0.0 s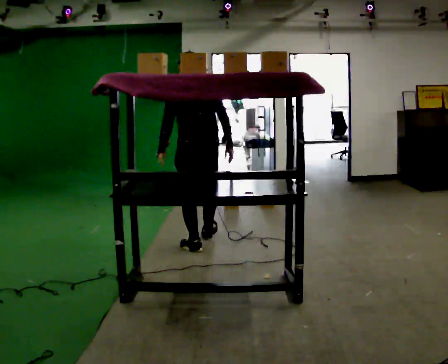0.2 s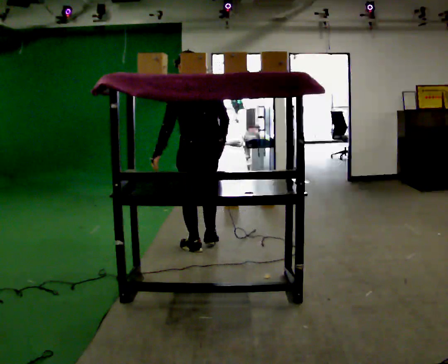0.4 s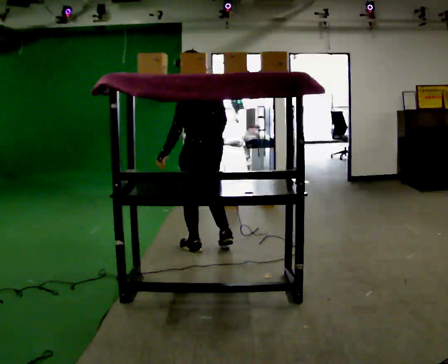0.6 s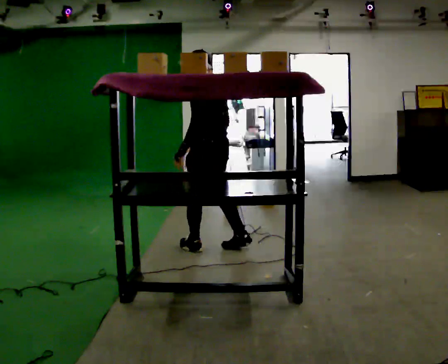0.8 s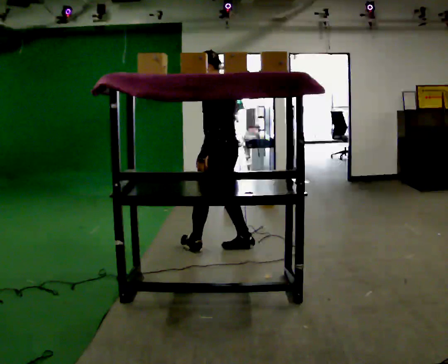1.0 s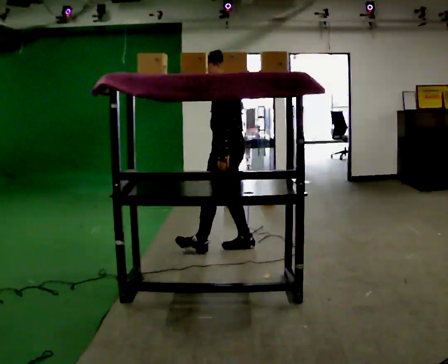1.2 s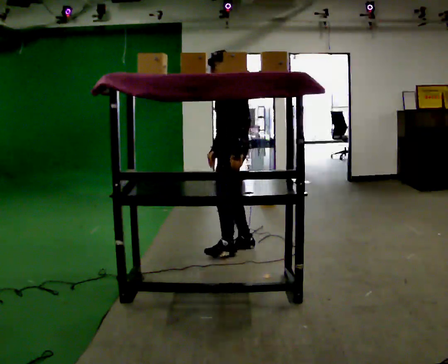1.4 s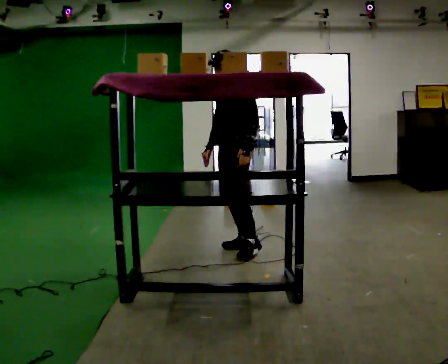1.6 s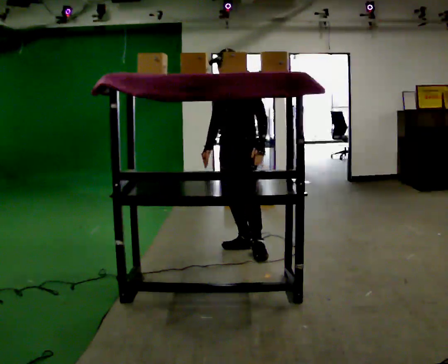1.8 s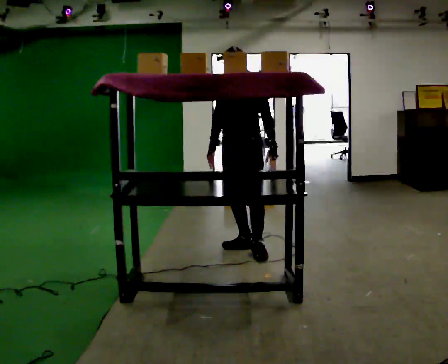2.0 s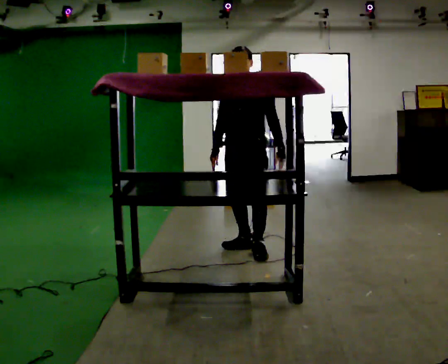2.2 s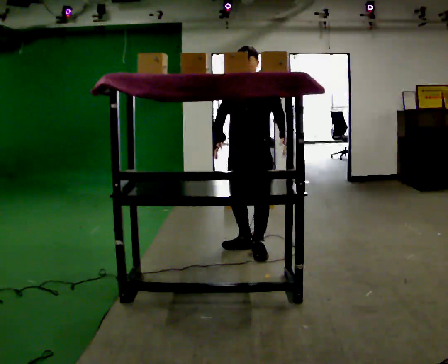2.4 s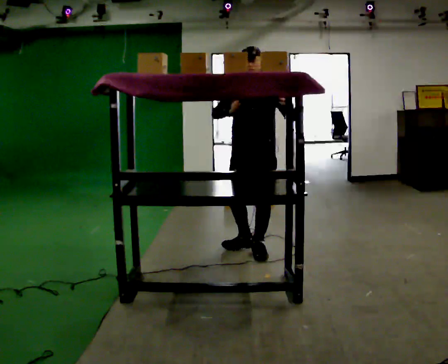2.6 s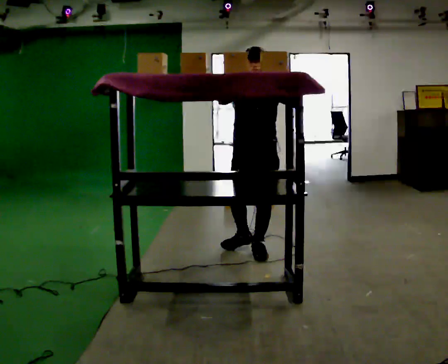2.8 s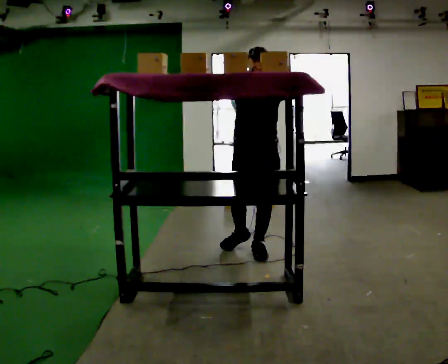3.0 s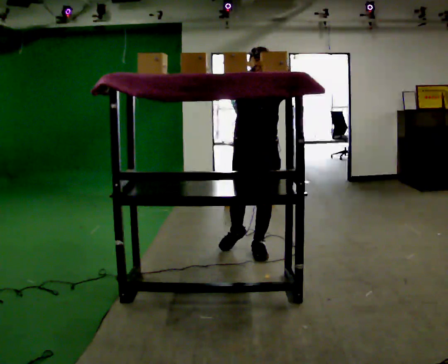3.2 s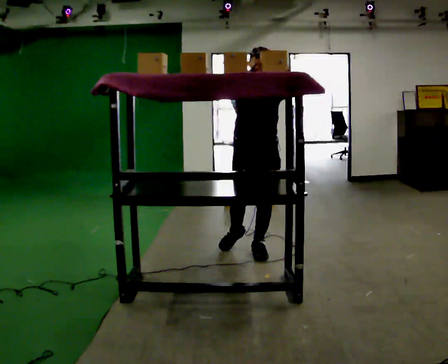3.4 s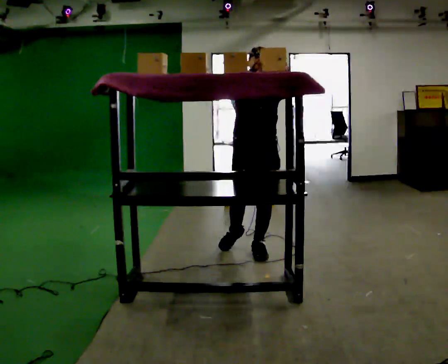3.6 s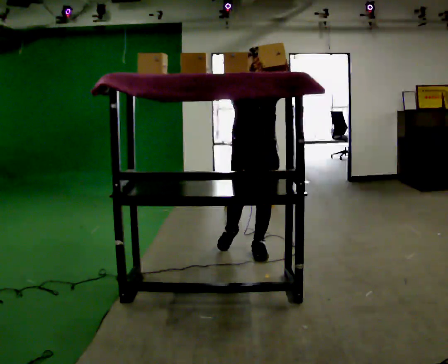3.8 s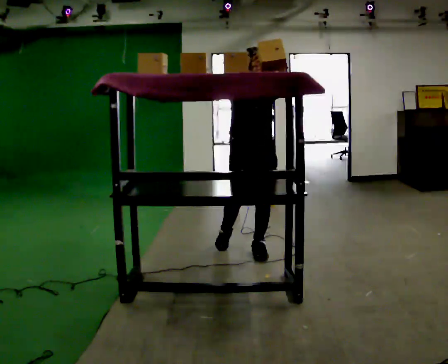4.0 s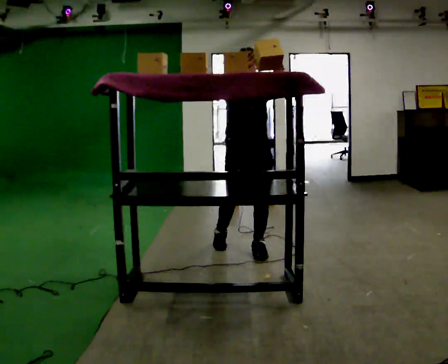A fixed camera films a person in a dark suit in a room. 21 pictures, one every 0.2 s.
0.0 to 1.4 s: Seen from above the body turns counterclockwise, about 105 degrees: to their left, with its near side sliding to the right. In the picture they go to the right, about 0.25 m in 1 step.
1.4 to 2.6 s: Seen from above the body turns counterclockwise, about 45 degrees: to their left, with its near side sliding to the right. In the picture they go toward the camera, about 0.25 m, which for them is to their left. In the picture their right hand goes upward.
2.6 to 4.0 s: The person moves a little, or ends about where they began.
The film runs backward here.
